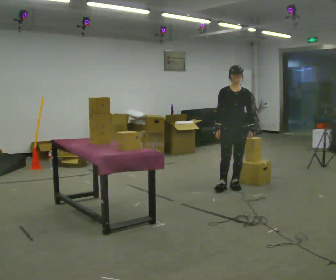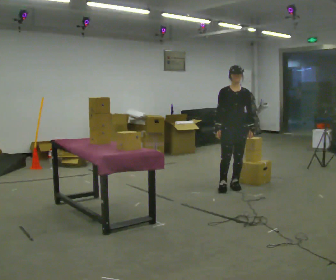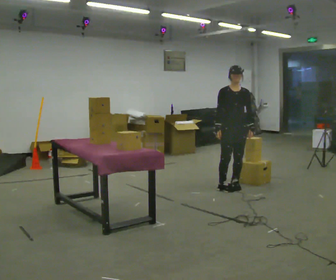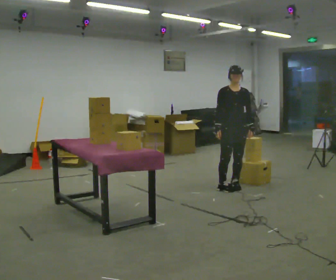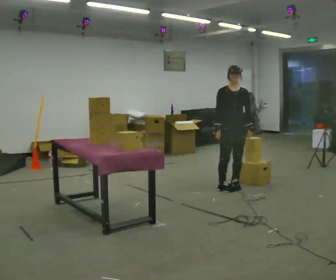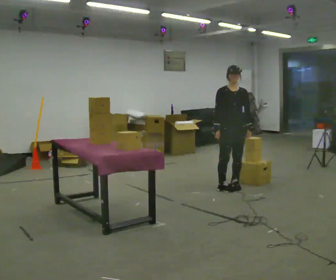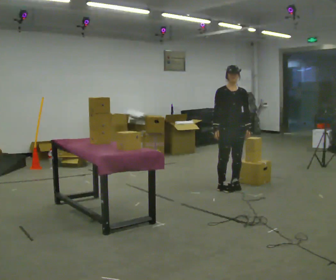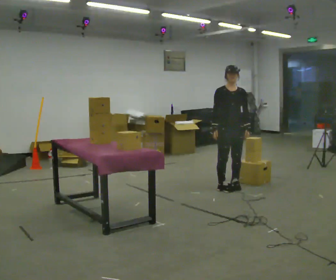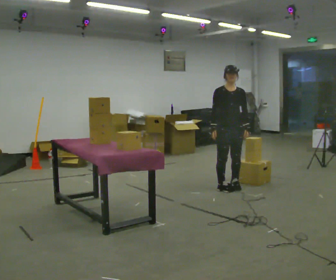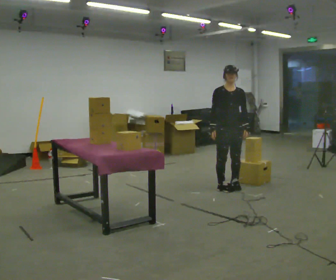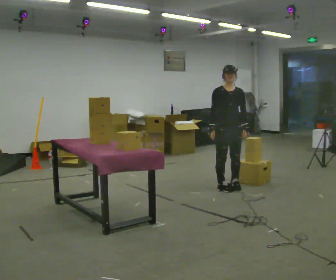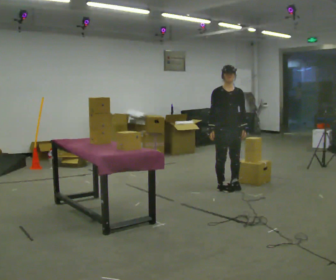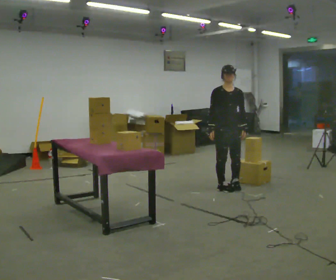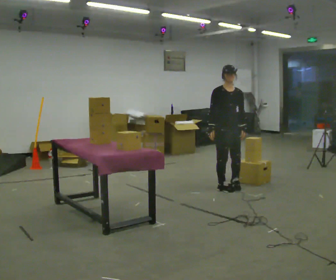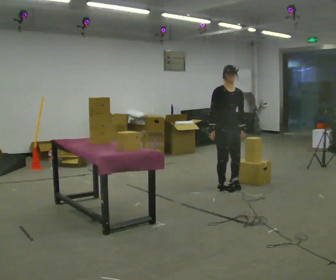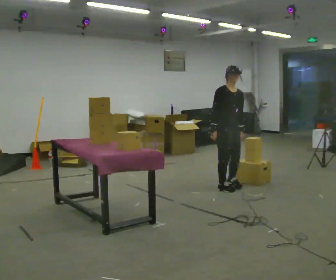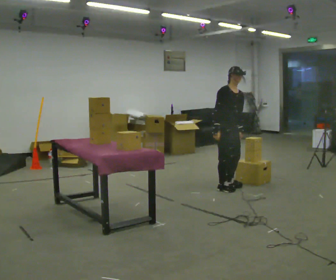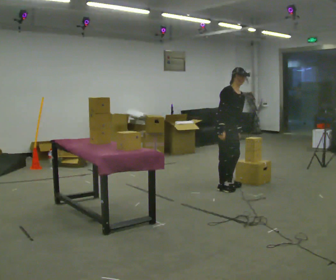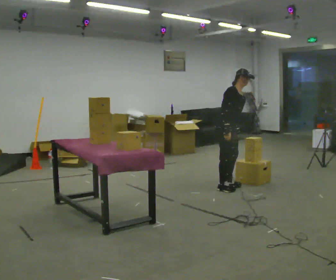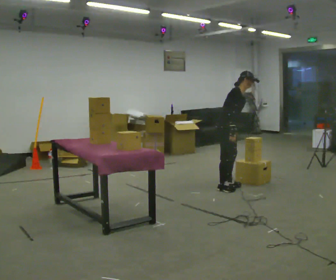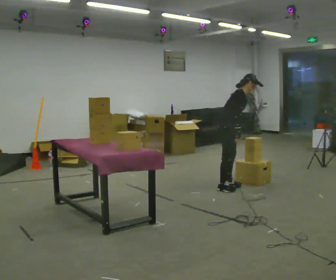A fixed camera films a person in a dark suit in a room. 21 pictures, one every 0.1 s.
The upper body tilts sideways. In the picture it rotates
clockwise.
The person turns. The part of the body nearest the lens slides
to the right.
0.0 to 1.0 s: The person moves a little, or ends about where they began.
1.0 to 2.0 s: The part of the body nearest the lens slides to the right as the person turns to their left by about 75 degrees. In the picture the upper body tilts clockwise, shoulders to the right, as they bend forward.
The film runs backward here.
